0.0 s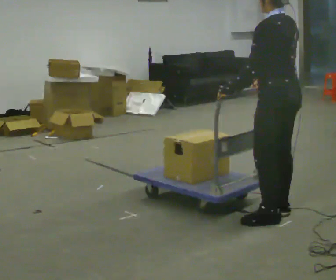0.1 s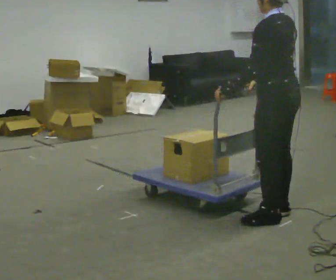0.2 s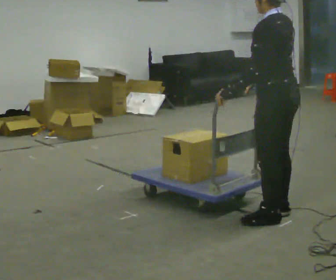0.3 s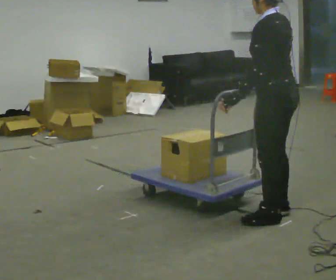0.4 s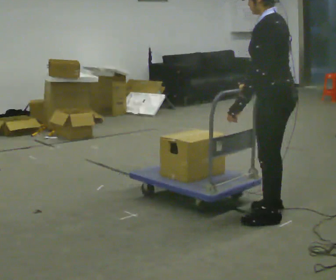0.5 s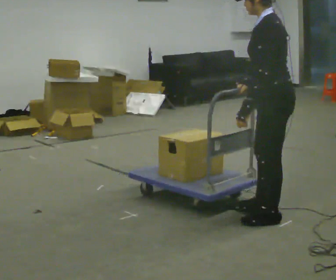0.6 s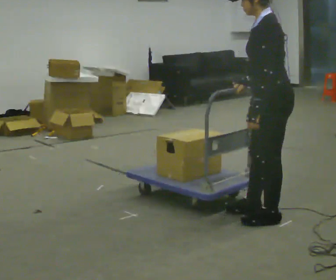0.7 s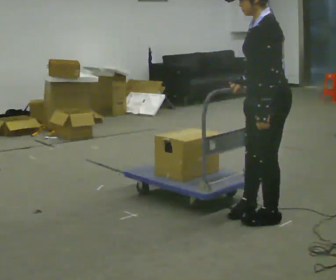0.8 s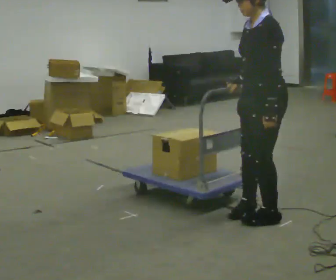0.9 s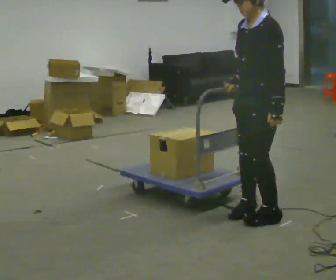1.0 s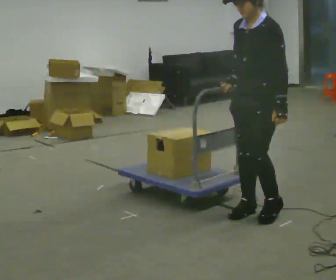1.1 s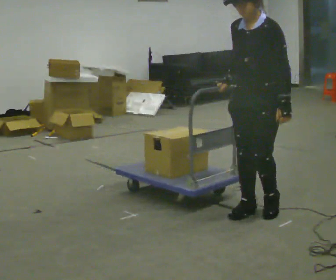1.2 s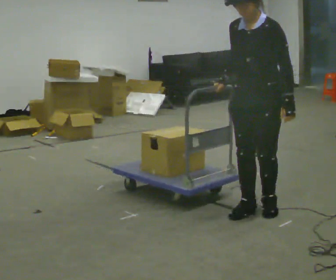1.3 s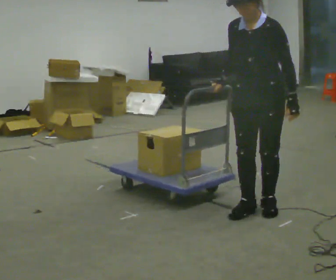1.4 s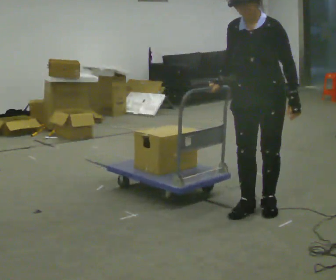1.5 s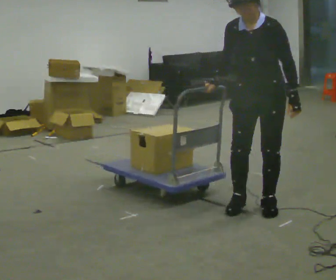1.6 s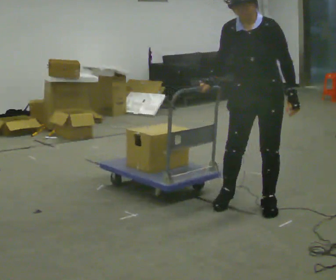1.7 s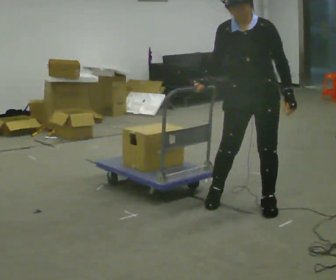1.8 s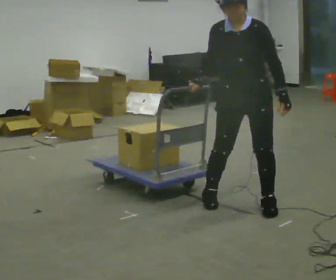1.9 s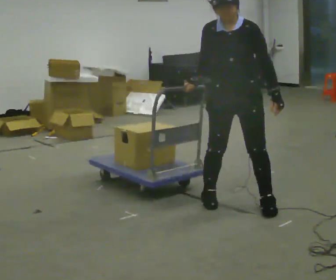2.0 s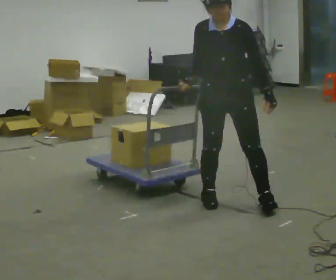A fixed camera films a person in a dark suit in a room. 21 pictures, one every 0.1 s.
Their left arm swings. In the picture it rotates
counterclockwise.
The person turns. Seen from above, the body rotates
counterclockwise.
0.0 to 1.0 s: The person turns about 75 degrees to their left, counterclockwise seen from above, so the part of the body nearest the lens slides to the right. In the picture their left hand goes to the right, the arm swinging counterclockwise.
1.0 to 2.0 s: The part of the body nearest the lens slides to the right as the person turns to their left by about 45 degrees. In the picture they go to the left and away from the camera, about 0.25 m in 2 steps, which for them is to their right and backward.
The film runs backward here.
